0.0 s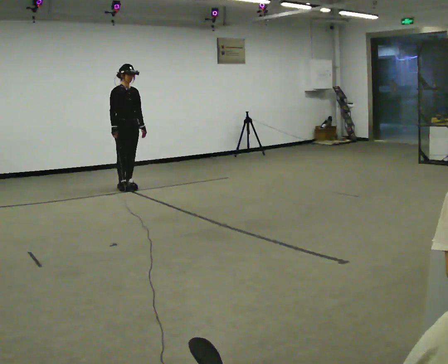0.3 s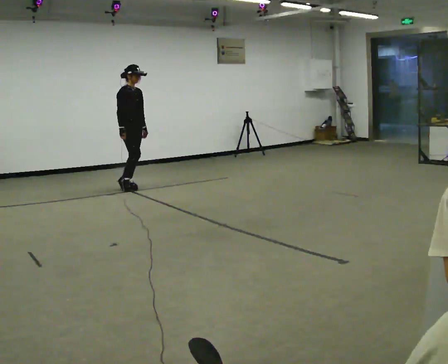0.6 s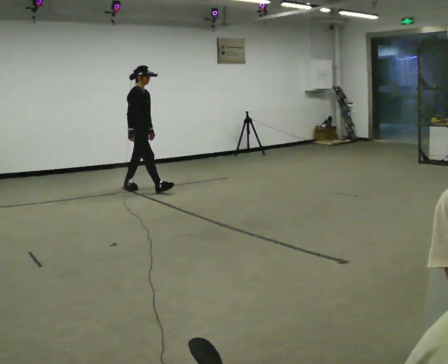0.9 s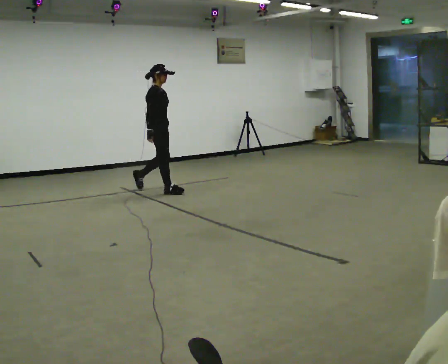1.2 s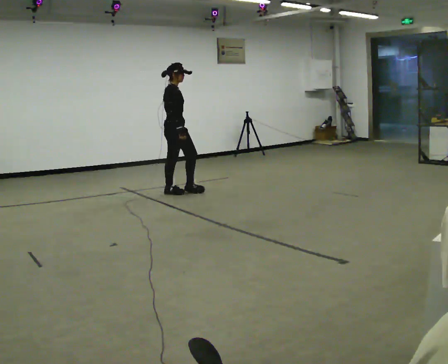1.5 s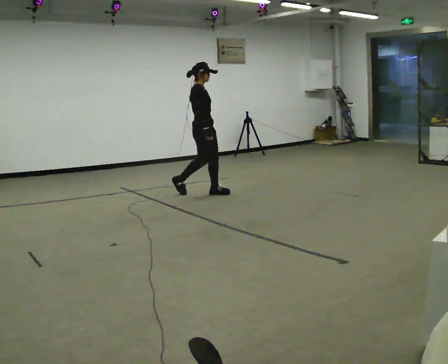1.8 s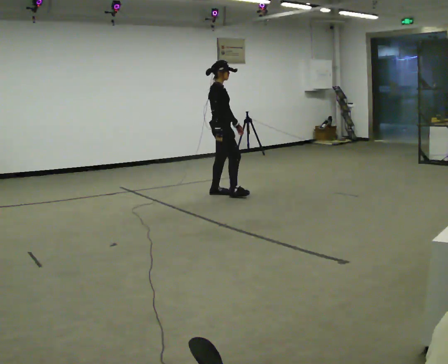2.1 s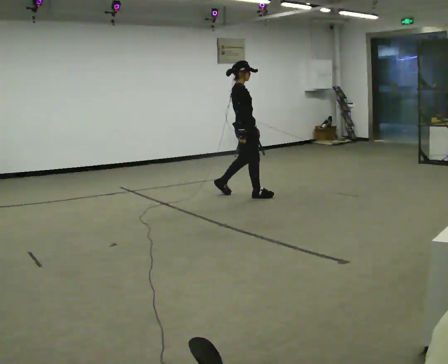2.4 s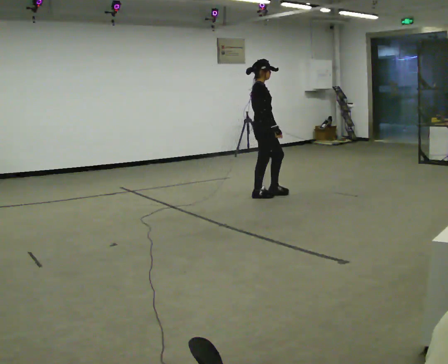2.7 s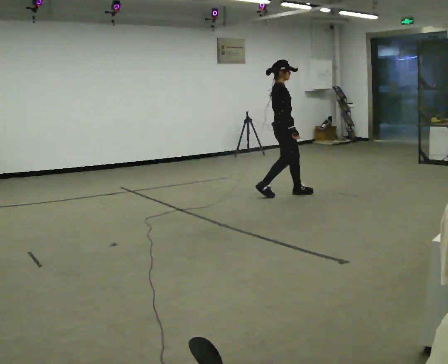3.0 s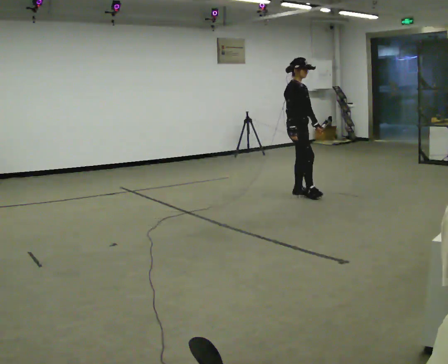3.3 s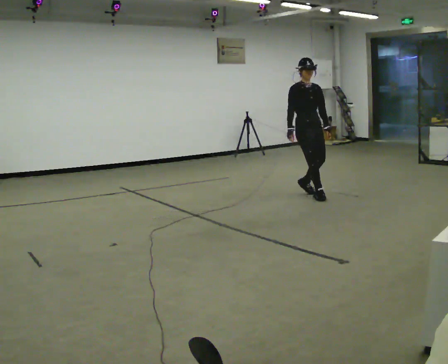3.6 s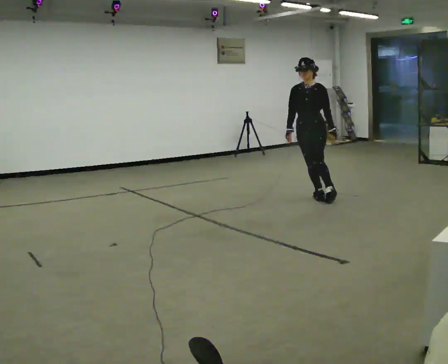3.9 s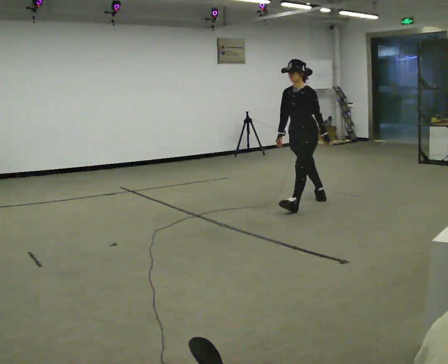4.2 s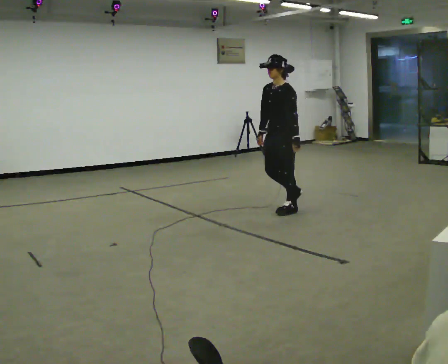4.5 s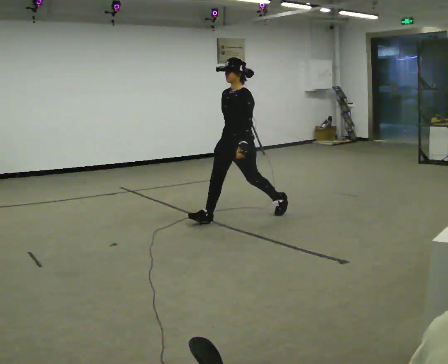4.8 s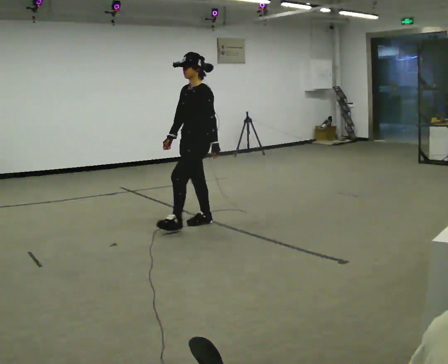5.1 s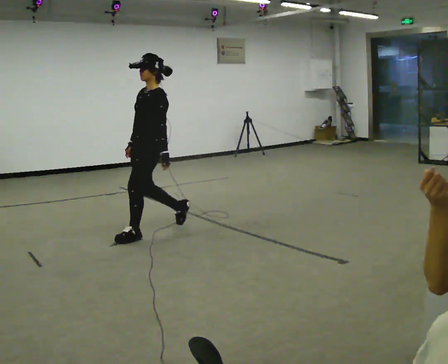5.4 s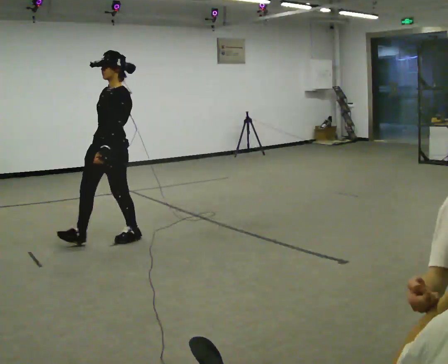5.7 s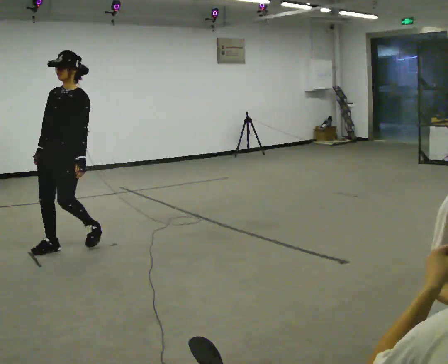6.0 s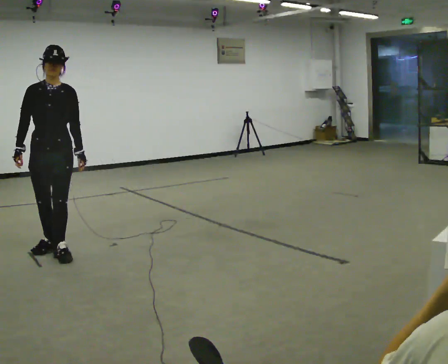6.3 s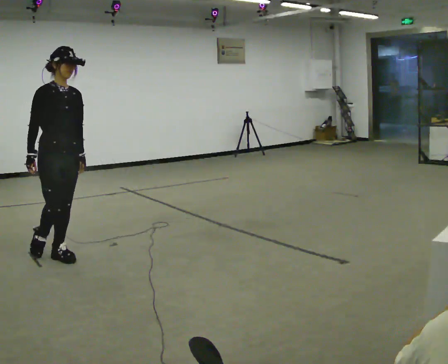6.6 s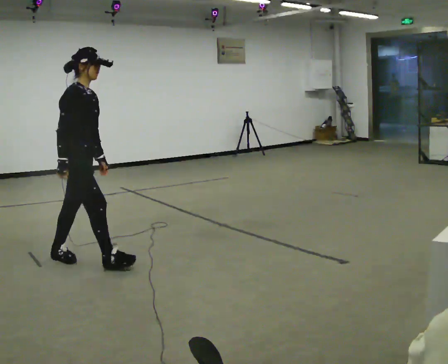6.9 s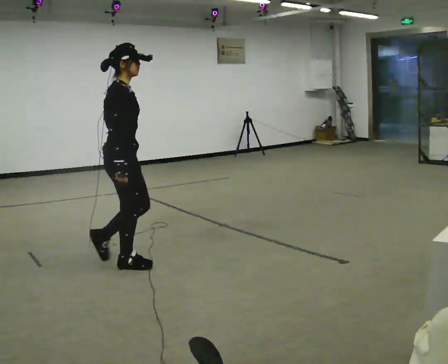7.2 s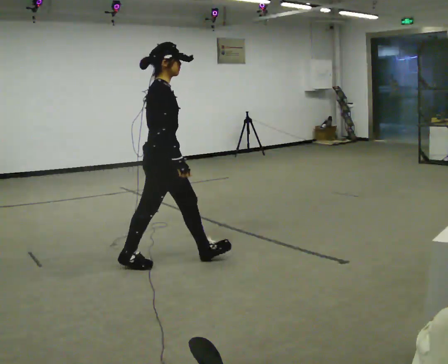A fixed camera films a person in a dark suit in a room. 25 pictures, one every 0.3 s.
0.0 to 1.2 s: The person turns about 30 degrees to their left, counterclockwise seen from above, so the part of the body nearest the lens slides to the right. In the picture they go to the right, about 1 m in 1 step, which for them is forward.
1.2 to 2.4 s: In the picture they go to the right, about 1 m in 2 steps, which for them is forward.
2.4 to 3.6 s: The part of the body nearest the lens slides to the left as the person turns to their right by about 105 degrees. In the picture they go to the right and toward the camera, about 0.5 m in 2 steps.
3.6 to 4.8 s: Seen from above the body turns clockwise, about 45 degrees: to their right, with its near side sliding to the left. In the picture they go to the left and toward the camera, about 1.5 m in 2 steps, which for them is forward.
4.8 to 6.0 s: Seen from above the body turns counterclockwise, about 75 degrees: to their left, with its near side sliding to the right. In the picture they go toward the camera and to the left, about 1.5 m in 2 steps.
6.0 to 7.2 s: The part of the body nearest the lens slides to the right as the person turns to their left by about 75 degrees. In the picture they go to the right, about 1 m in 2 steps.
The film runs forward here.
